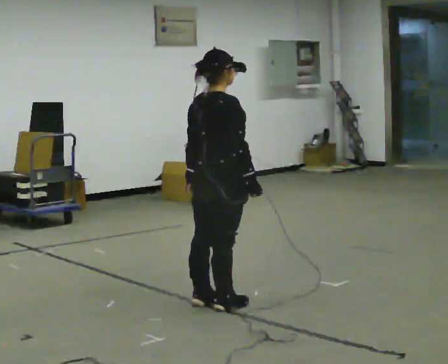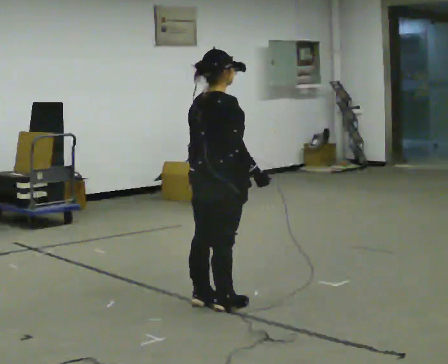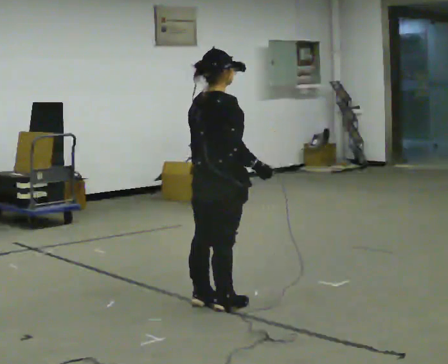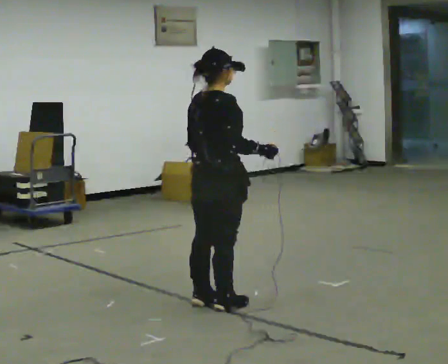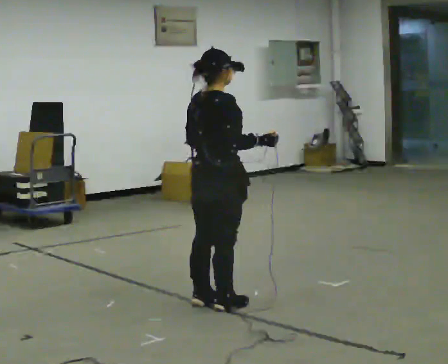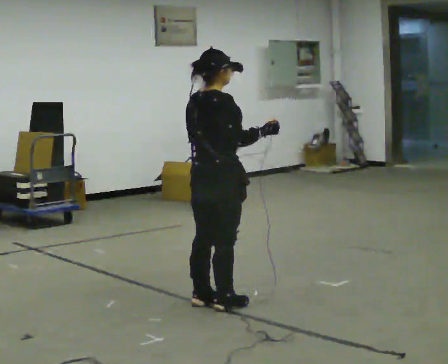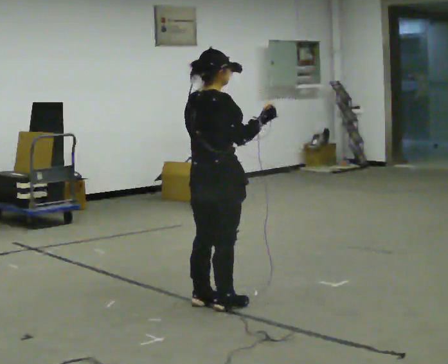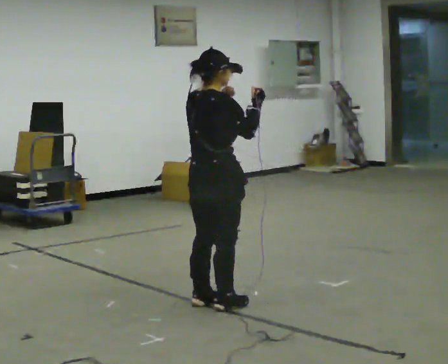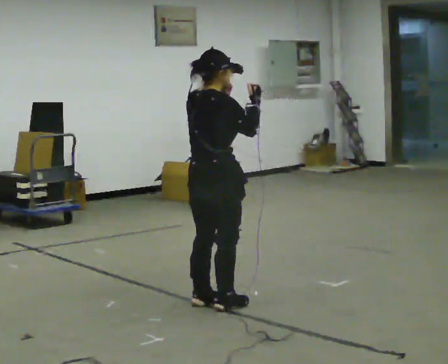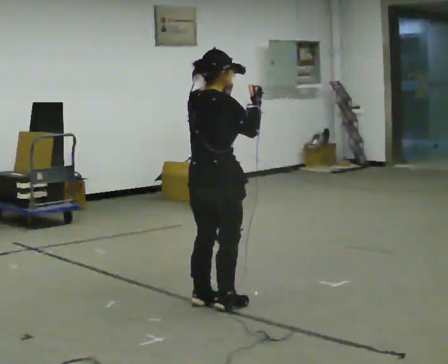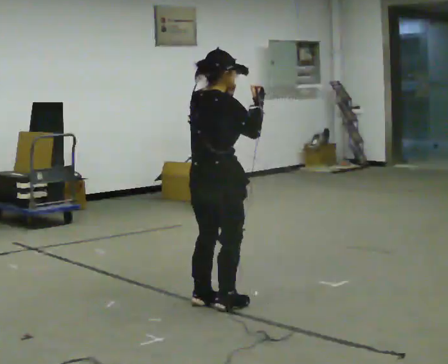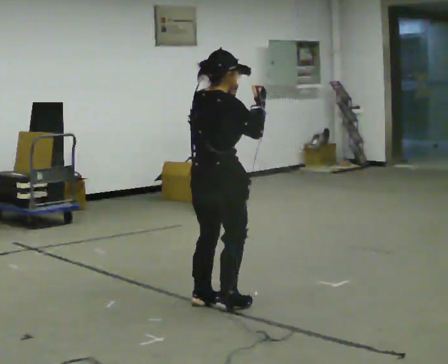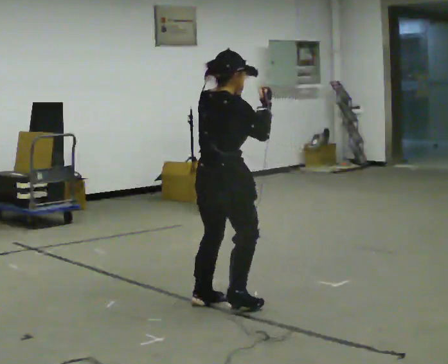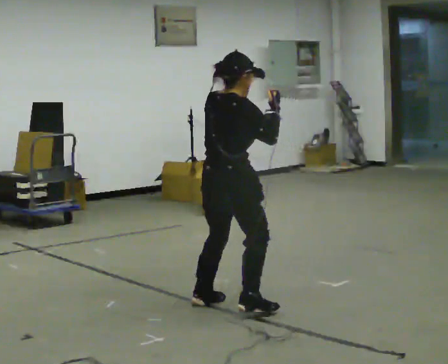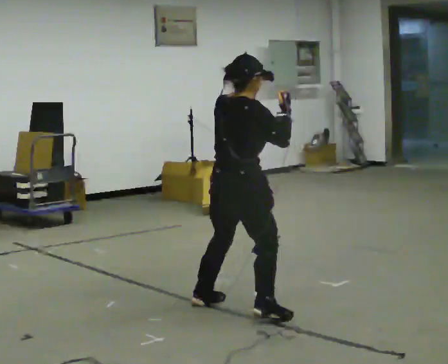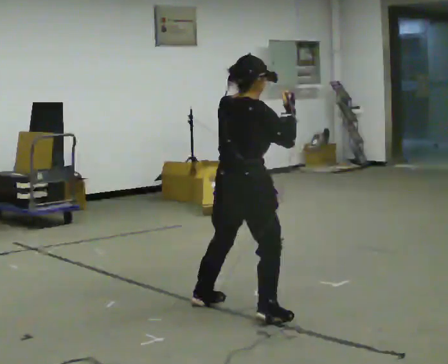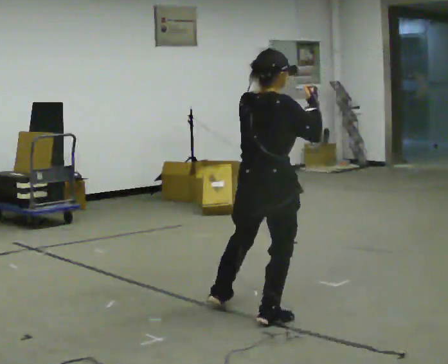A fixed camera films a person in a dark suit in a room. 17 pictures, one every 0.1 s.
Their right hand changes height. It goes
upward.
Their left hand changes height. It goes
upward.
0.0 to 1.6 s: In the picture they go toward the camera and to the right, about 0.25 m in 2 steps, which for them is to their right. In the picture their left hand goes upward.
The film runs backward here.
